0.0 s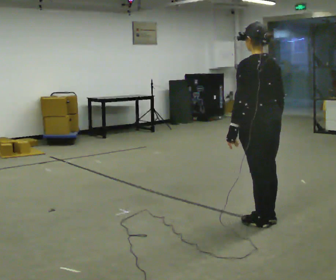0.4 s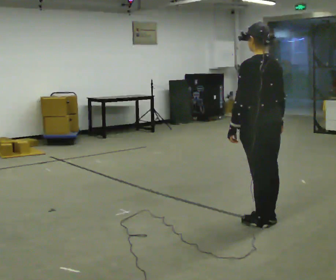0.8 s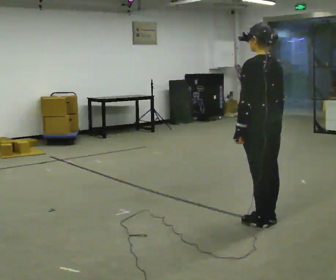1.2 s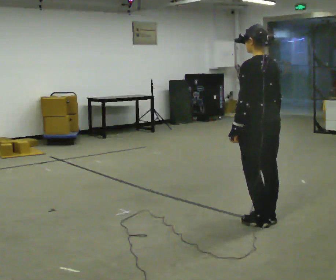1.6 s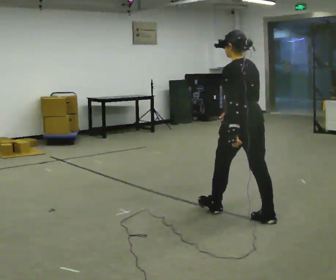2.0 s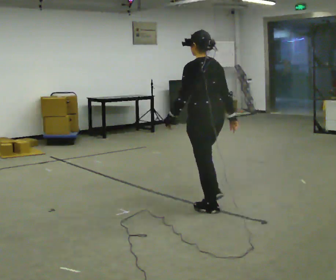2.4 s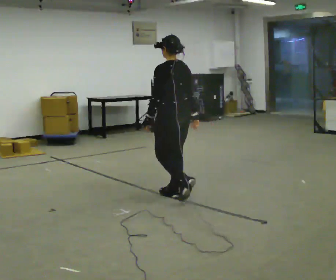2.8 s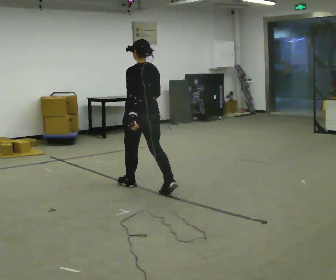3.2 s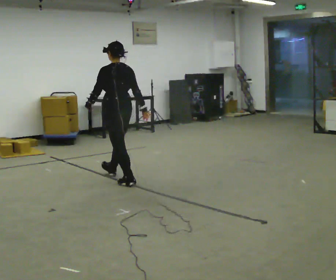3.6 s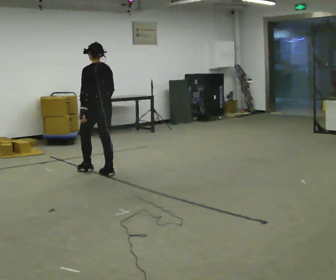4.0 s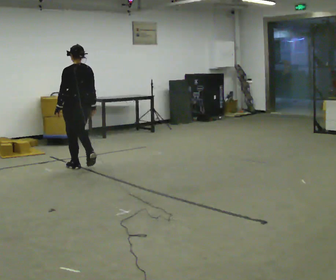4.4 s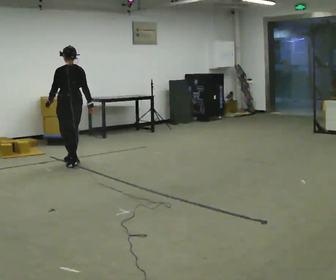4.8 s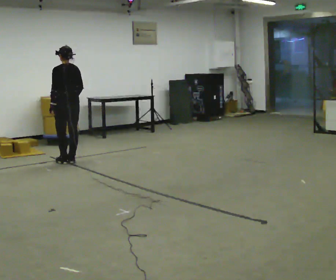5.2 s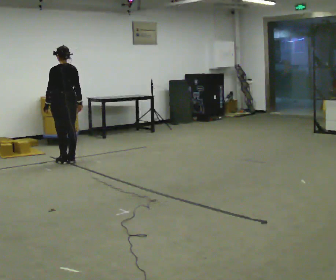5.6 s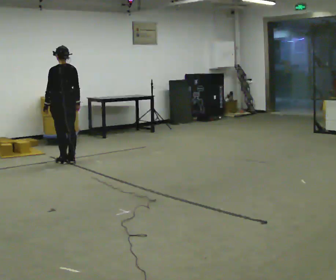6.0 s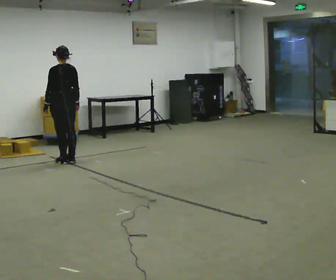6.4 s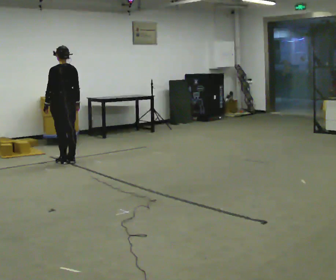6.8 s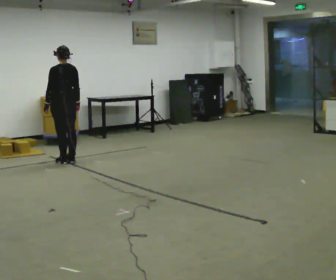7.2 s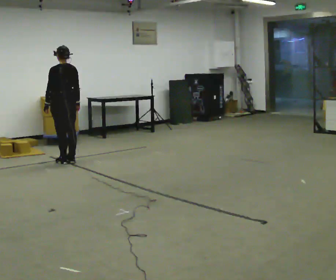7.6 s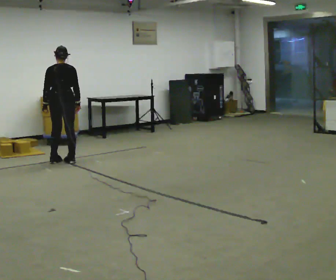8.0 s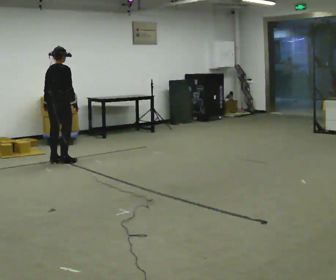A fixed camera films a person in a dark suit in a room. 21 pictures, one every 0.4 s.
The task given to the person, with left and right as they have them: Walk normally; at marked point stop as quickly as comfortably possible; remain still.
0.0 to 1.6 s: In the picture they go away from the camera, about 0.25 m, which for them is forward.
1.6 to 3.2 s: In the picture they go away from the camera and to the left, about 2 m in 3 steps, which for them is forward.
3.2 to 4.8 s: In the picture they go away from the camera and to the left, about 1 m in 4 steps, which for them is forward.
4.8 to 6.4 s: The person moves a little, or ends about where they began.
6.4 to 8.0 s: Seen from above the body turns clockwise, about 75 degrees: to their right, with its near side sliding to the left.
The film runs forward here.
